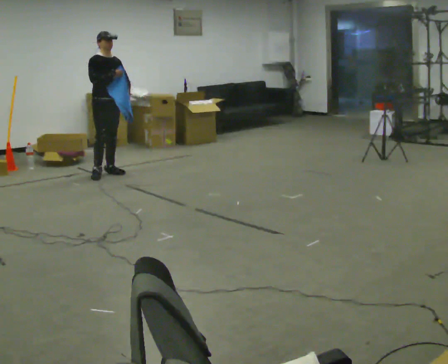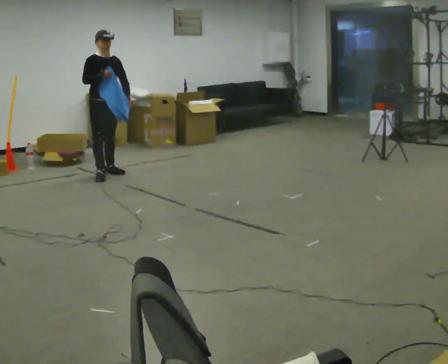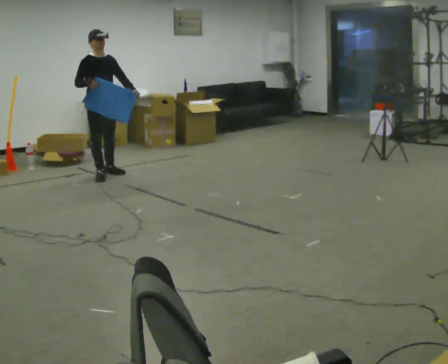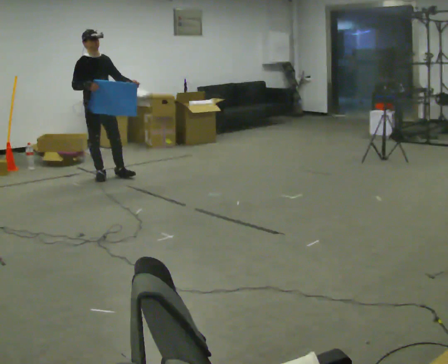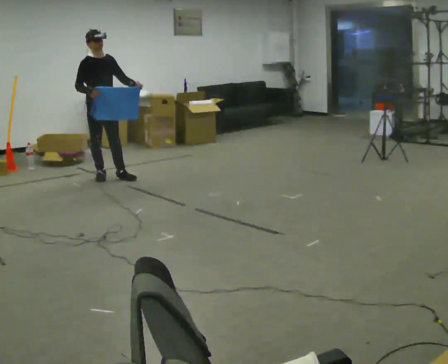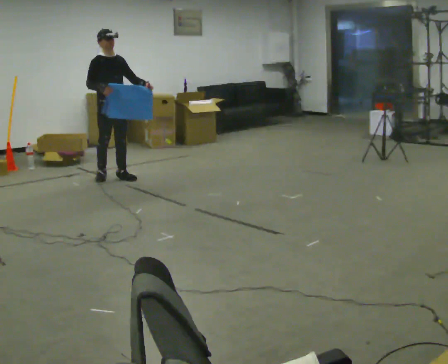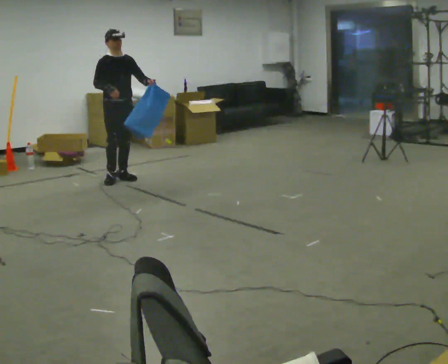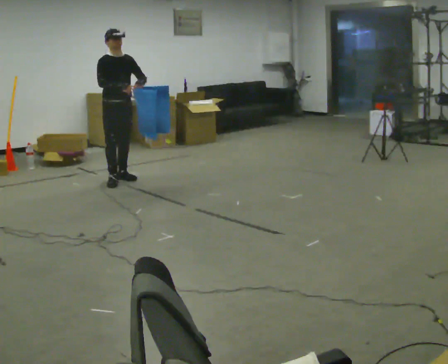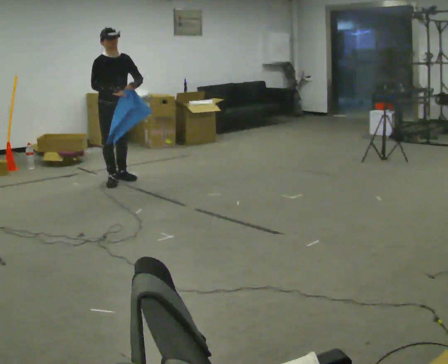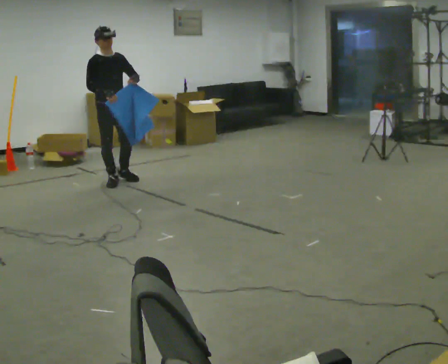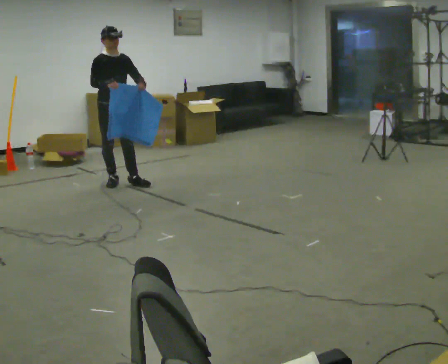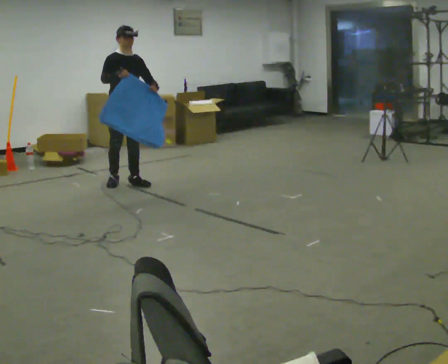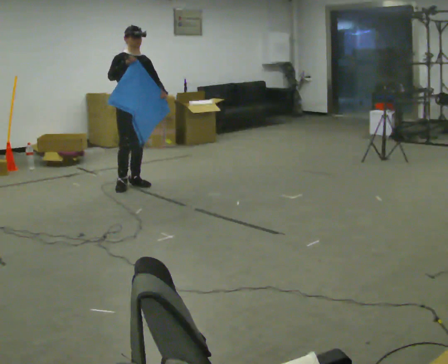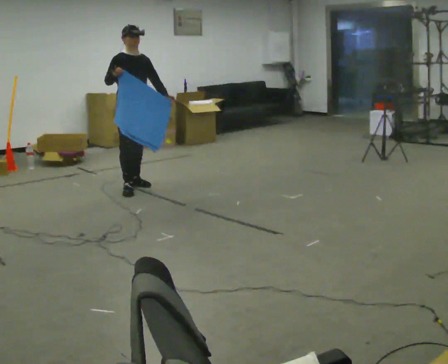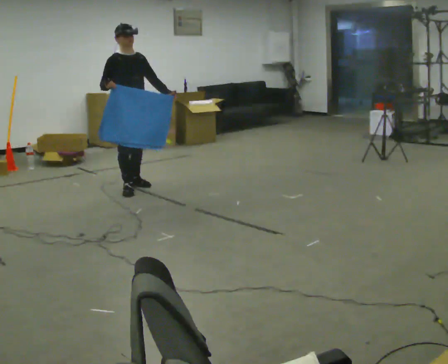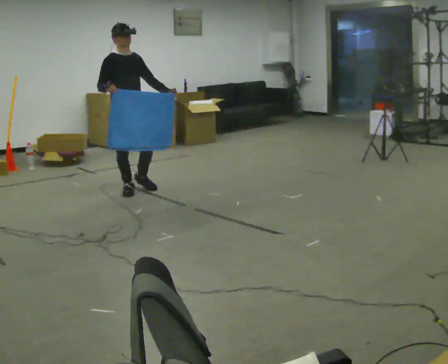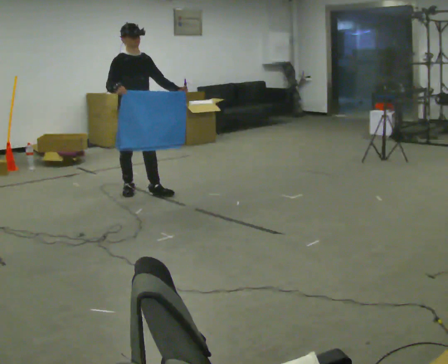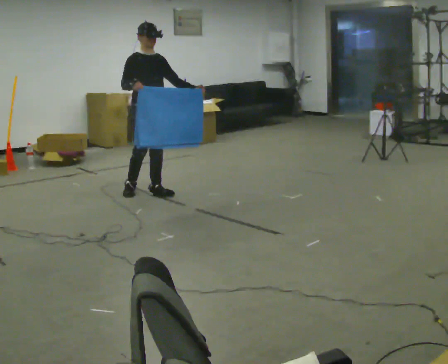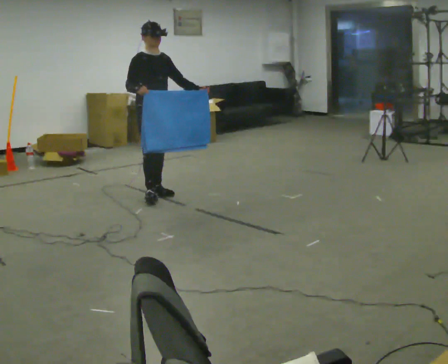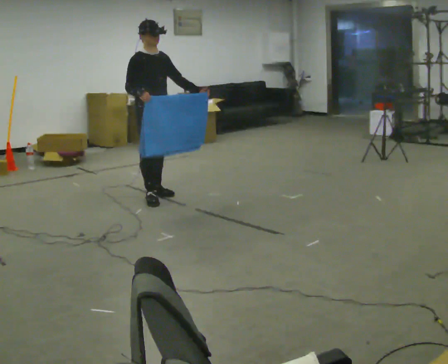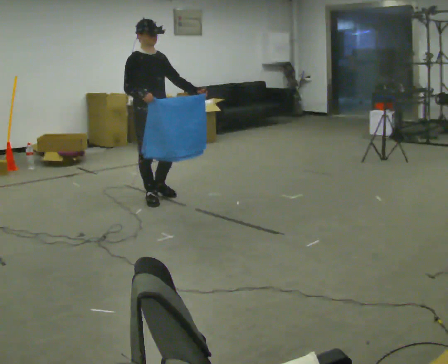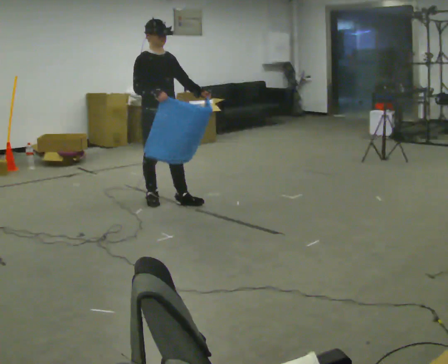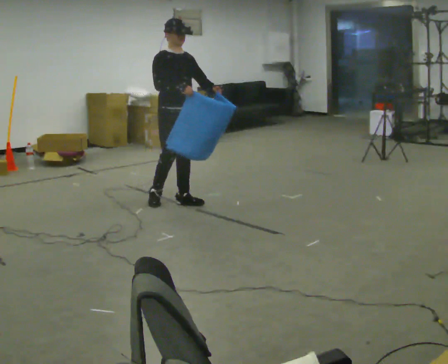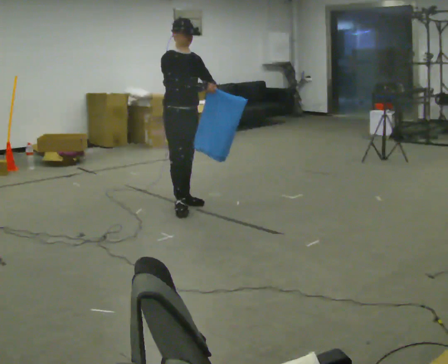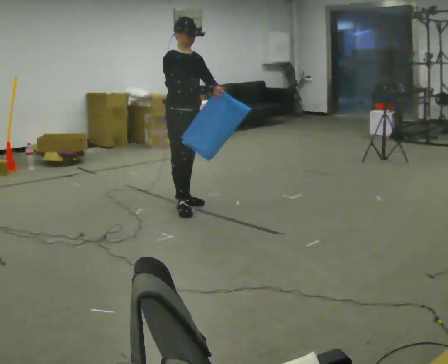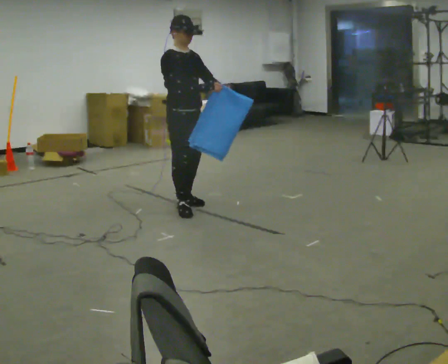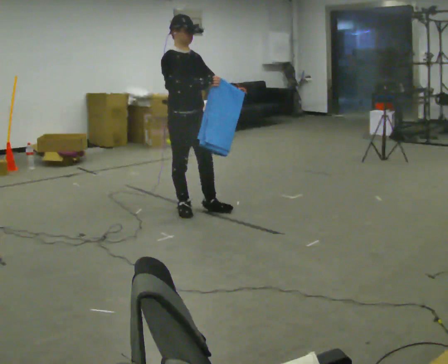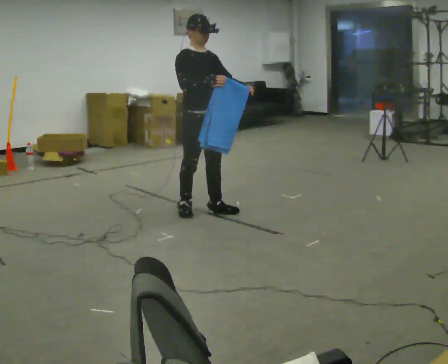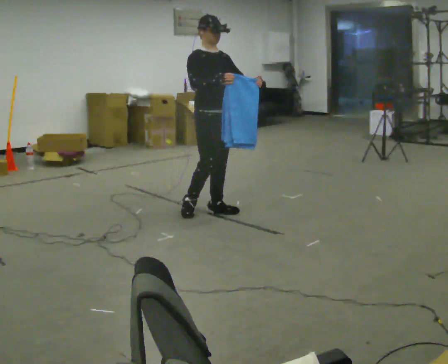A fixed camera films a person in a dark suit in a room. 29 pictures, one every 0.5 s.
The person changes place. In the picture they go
toward the camera.
0.0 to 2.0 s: In the picture they go toward the camera, about 0.25 m in 1 step, which for them is forward and to their right.
2.0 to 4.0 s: The person moves a little, or ends about where they began.
4.0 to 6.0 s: In the picture they go toward the camera and to the right, about 0.25 m in 1 step, which for them is forward.
6.0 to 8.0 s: In the picture they go toward the camera, about 0.25 m in 2 steps, which for them is forward and to their right.
8.0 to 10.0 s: In the picture they go toward the camera, about 0.25 m in 1 step, which for them is forward.
10.0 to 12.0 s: In the picture they go to the right and toward the camera, about 0.25 m in 2 steps, which for them is forward and to their left.
12.0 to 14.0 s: In the picture they go toward the camera and to the right, about 0.25 m in 1 step, which for them is forward.
The film runs forward here.
